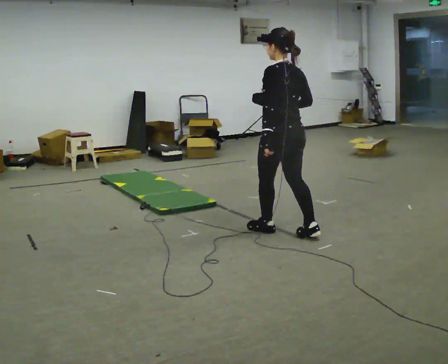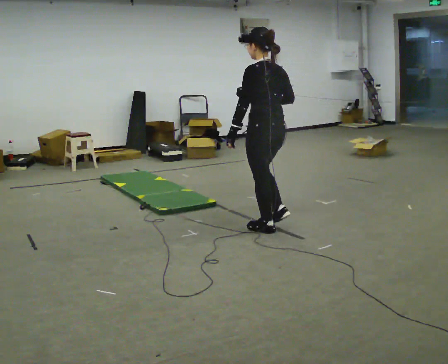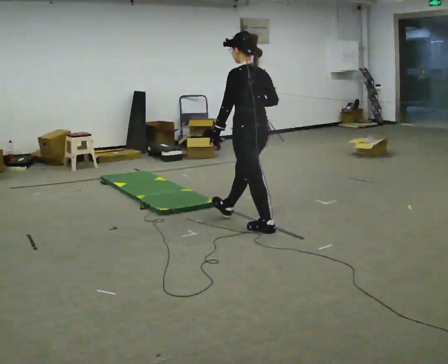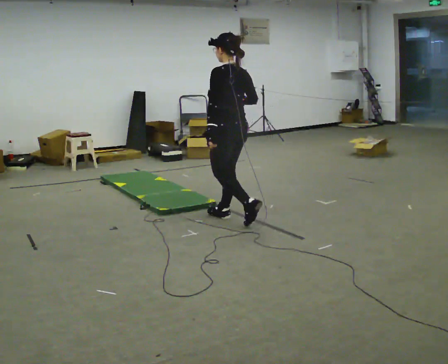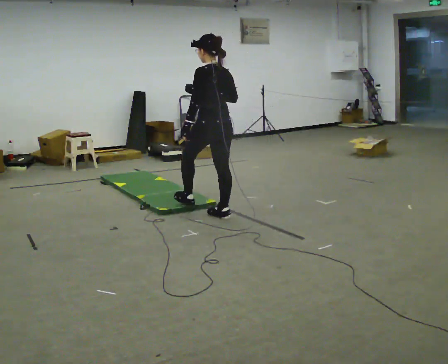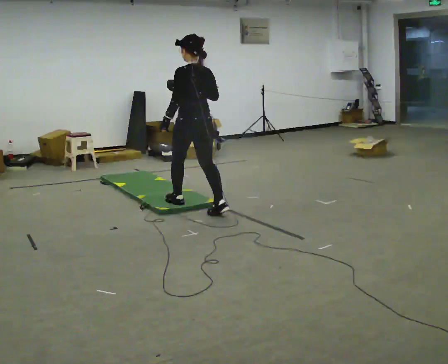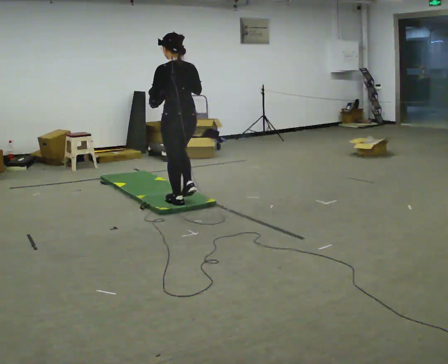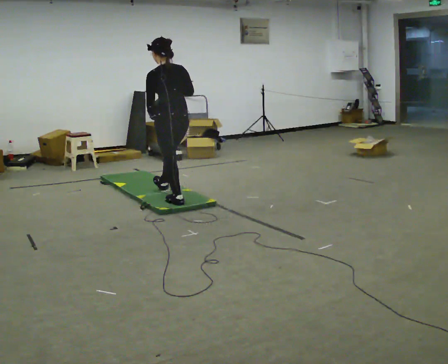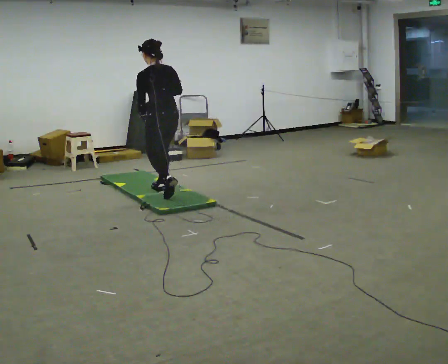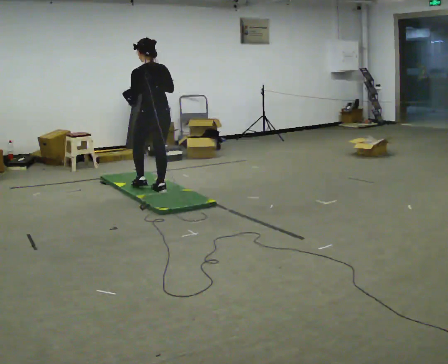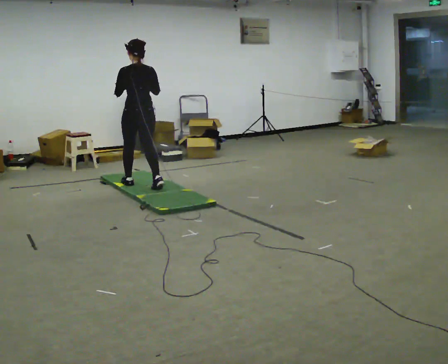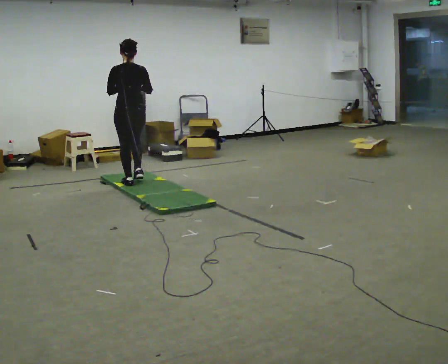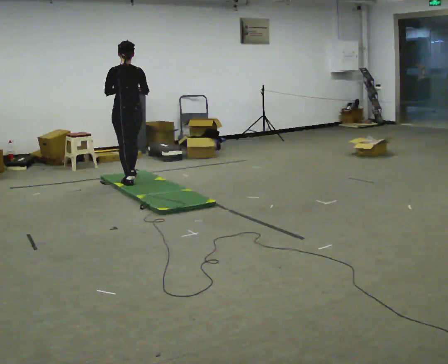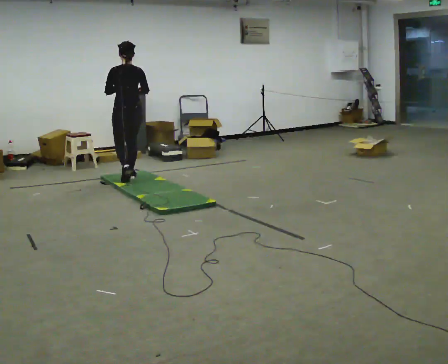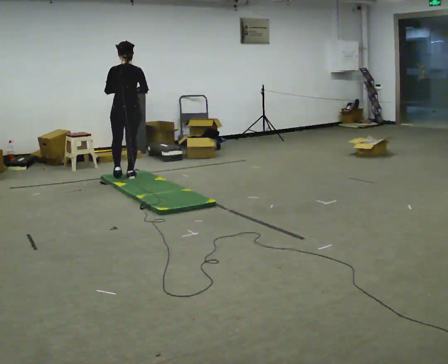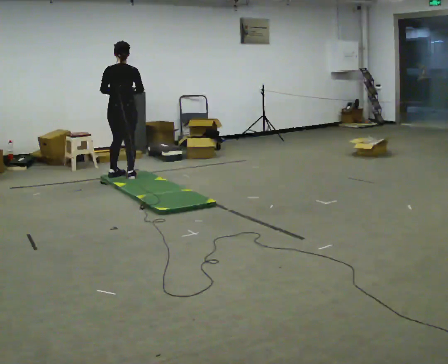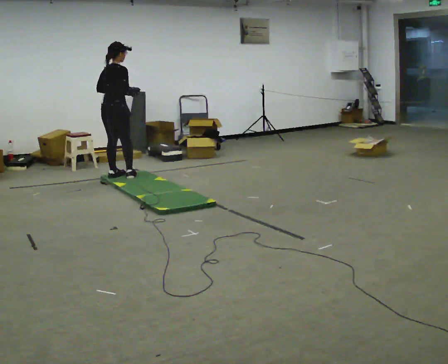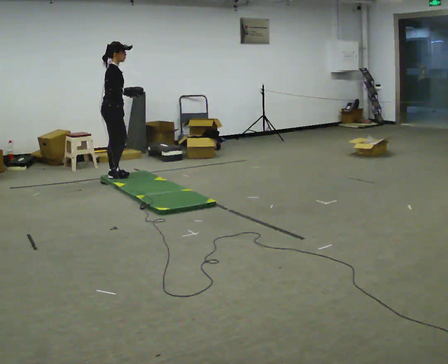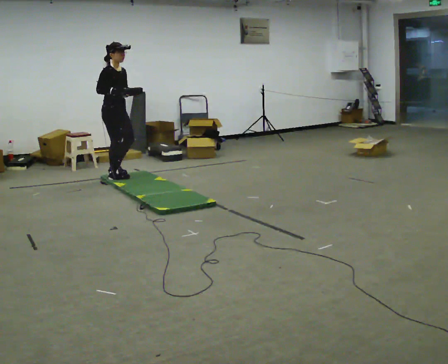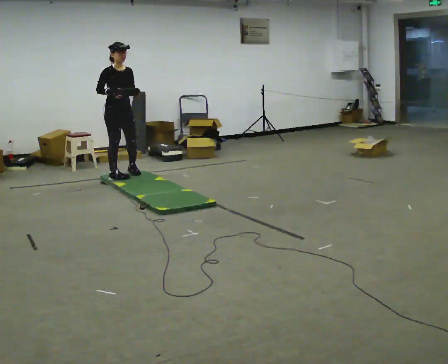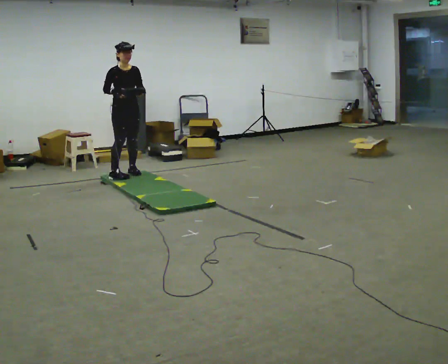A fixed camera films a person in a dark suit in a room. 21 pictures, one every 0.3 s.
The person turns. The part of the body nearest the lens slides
to the left.
The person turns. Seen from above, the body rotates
clockwise.
0.0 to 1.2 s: In the picture they go away from the camera and to the left, about 1 m in 1 step, which for them is forward.
1.2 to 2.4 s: In the picture they go away from the camera and to the left, about 1 m in 2 steps, which for them is forward.
2.4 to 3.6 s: In the picture they go away from the camera and to the left, about 0.5 m in 2 steps, which for them is forward.
3.6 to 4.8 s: Seen from above the body turns clockwise, about 60 degrees: to their right, with its near side sliding to the left. In the picture they go away from the camera and to the left, about 0.25 m in 1 step, which for them is forward and to their left.
4.8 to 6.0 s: The part of the body nearest the lens slides to the left as the person turns to their right by about 105 degrees. In the picture they go away from the camera, about 0.25 m in 2 steps. In the picture their left hand goes to the right.
The film runs forward here.
